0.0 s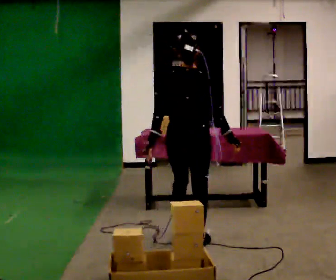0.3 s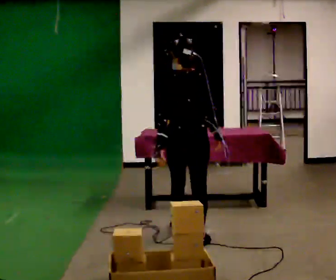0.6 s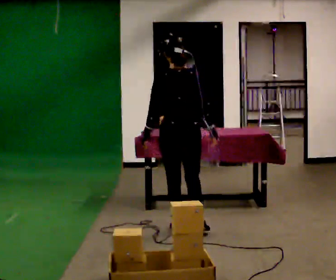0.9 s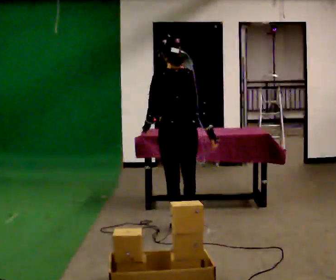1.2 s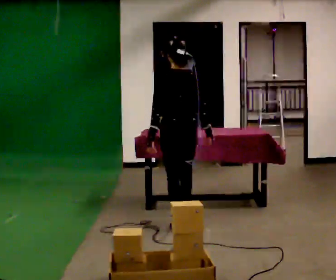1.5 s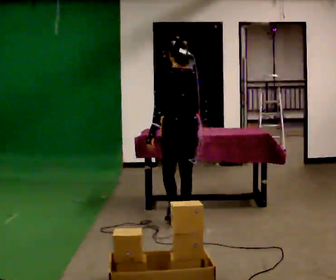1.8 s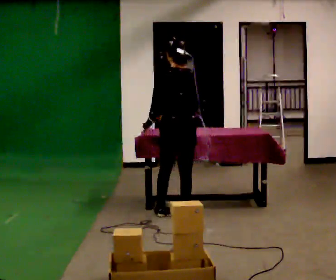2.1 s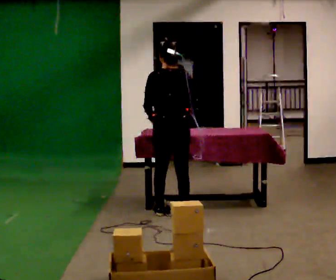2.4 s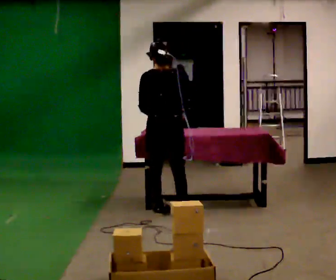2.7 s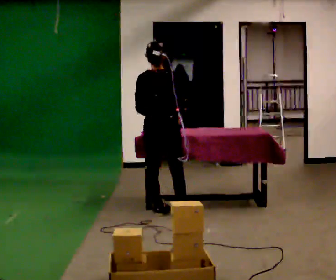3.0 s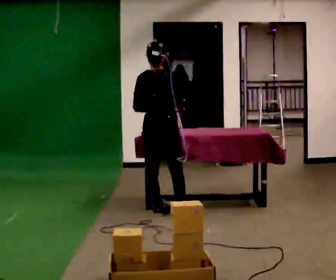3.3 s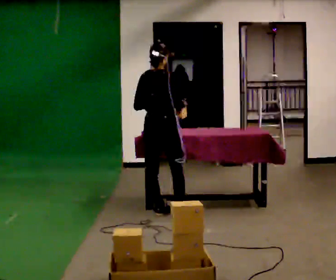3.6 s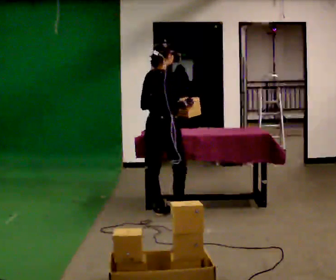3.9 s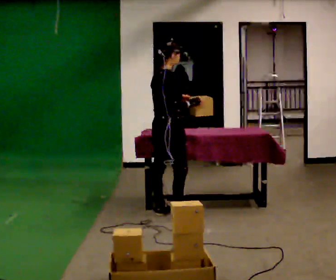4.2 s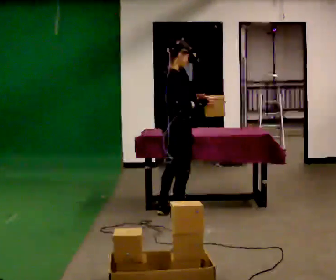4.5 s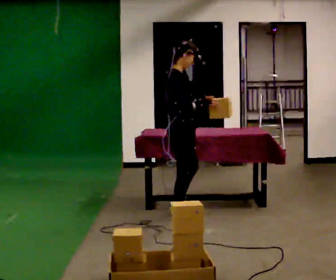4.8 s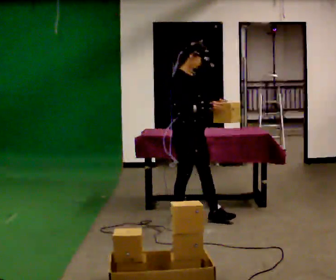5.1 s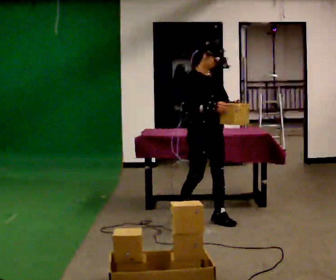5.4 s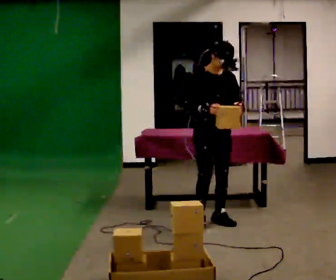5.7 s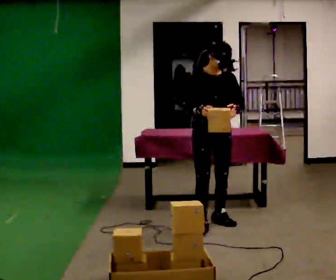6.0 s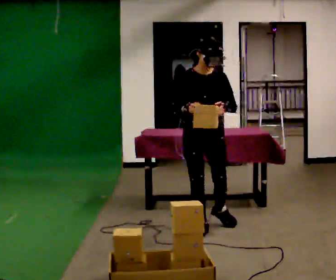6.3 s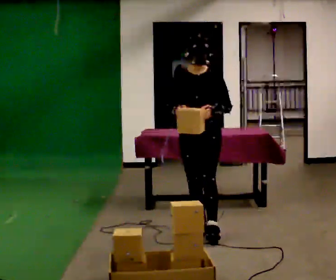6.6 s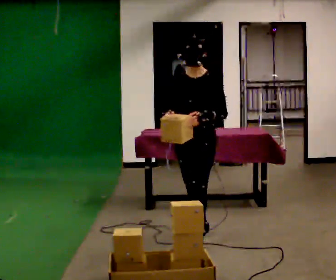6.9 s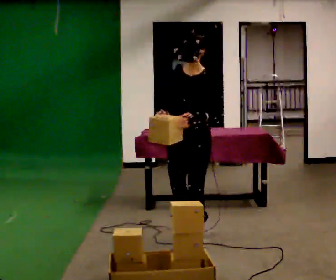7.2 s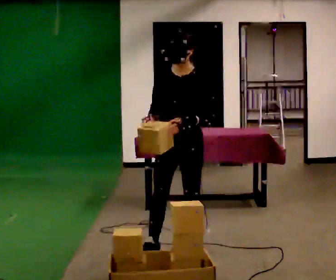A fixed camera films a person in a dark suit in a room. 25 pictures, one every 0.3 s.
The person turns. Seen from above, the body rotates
clockwise.
The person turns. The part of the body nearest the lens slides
to the left.
0.0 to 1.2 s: In the picture they go away from the camera, about 0.75 m in 2 steps, which for them is forward.
1.2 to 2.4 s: The part of the body nearest the lens slides to the left as the person turns to their right by about 30 degrees. In the picture they go away from the camera and to the left, about 0.25 m in 1 step, which for them is forward.
2.4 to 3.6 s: The part of the body nearest the lens slides to the left as the person turns to their right by about 45 degrees.
3.6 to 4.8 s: The part of the body nearest the lens slides to the left as the person turns to their right by about 75 degrees. In the picture they go to the right and toward the camera, about 0.25 m.
4.8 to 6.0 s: Seen from above the body turns clockwise, about 60 degrees: to their right, with its near side sliding to the left. In the picture they go toward the camera, about 0.25 m in 2 steps, which for them is forward.
6.0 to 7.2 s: The person turns about 30 degrees to their right, clockwise seen from above, so the part of the body nearest the lens slides to the left. In the picture they go toward the camera, about 0.5 m in 1 step, which for them is forward.
The film runs forward here.
